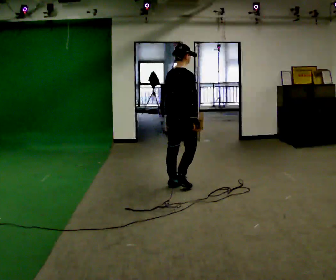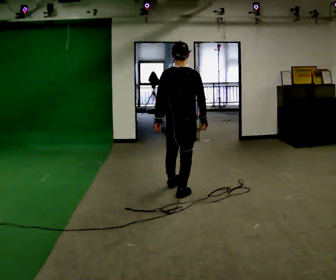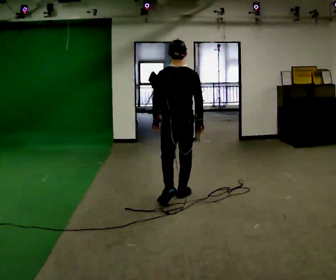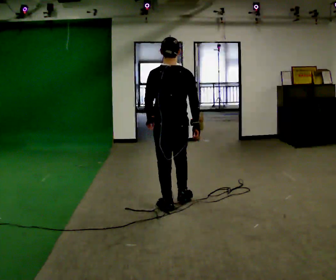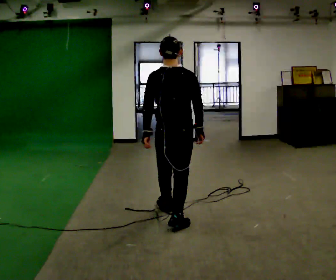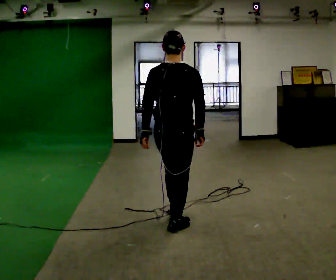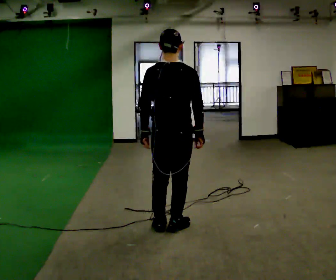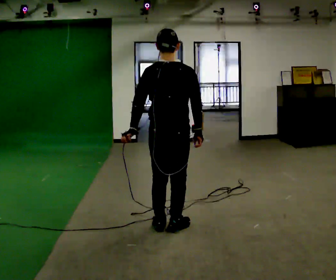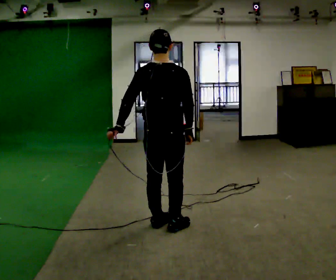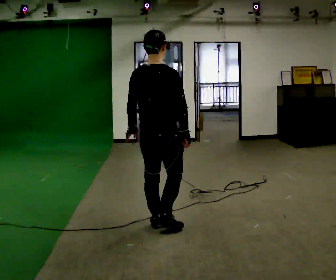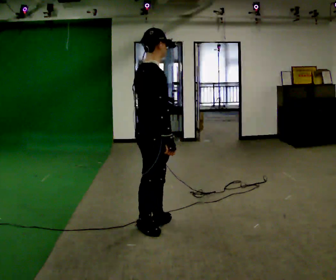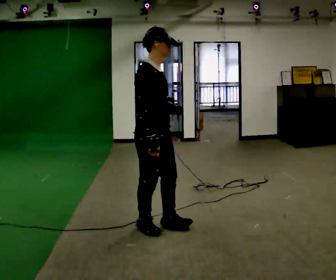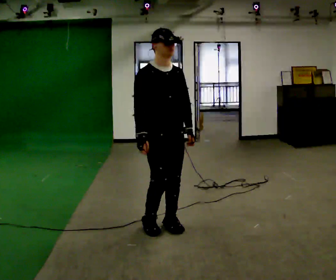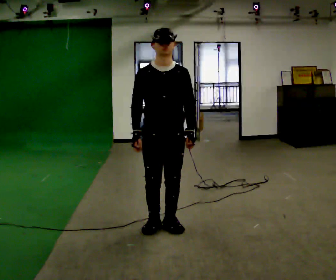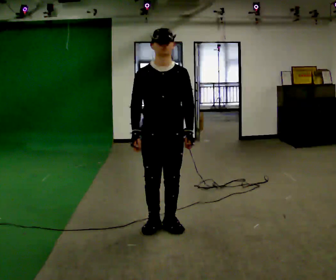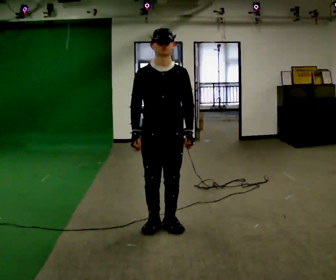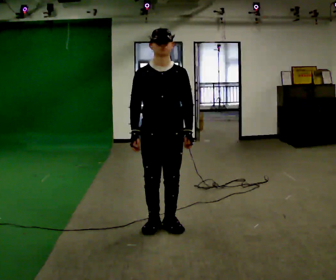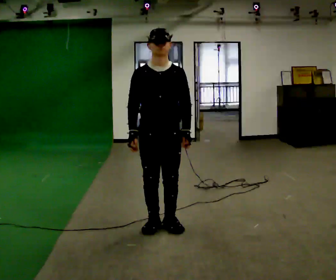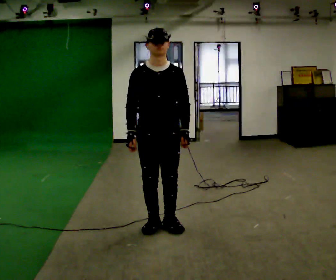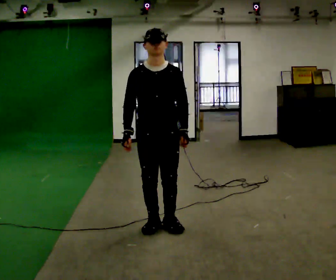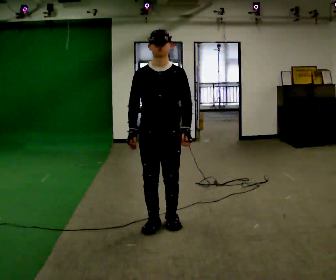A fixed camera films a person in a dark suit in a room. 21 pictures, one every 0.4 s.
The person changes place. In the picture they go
toward the camera.
0.0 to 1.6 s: The person turns about 45 degrees to their left, counterclockwise seen from above, so the part of the body nearest the lens slides to the right. In the picture they go toward the camera, about 1 m in 2 steps, which for them is backward.
1.6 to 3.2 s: In the picture they go toward the camera, about 0.25 m in 1 step, which for them is backward.
3.2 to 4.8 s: The person turns about 135 degrees to their right, clockwise seen from above, so the part of the body nearest the lens slides to the left. In the picture their left hand goes to the right, the arm swinging counterclockwise.
4.8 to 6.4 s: Seen from above the body turns clockwise, about 30 degrees: to their right, with its near side sliding to the left.
6.4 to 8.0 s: The person moves a little, or ends about where they began.
The film runs backward here.
